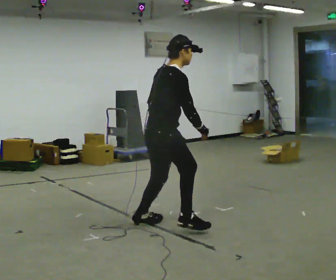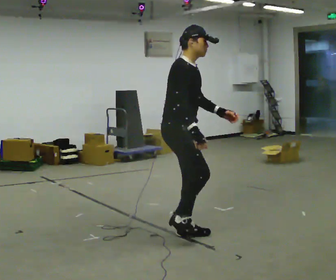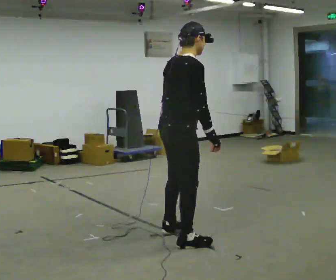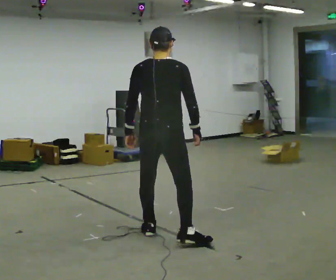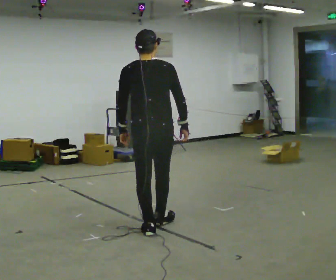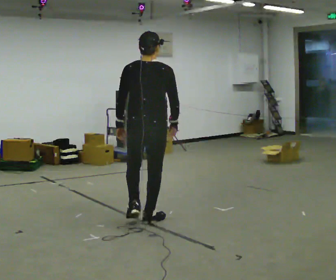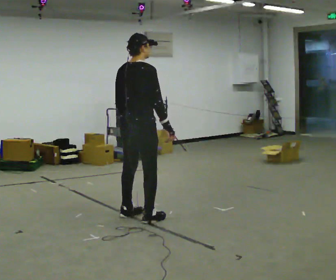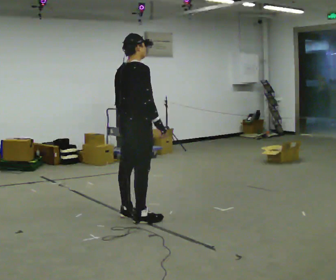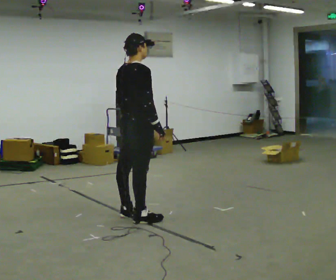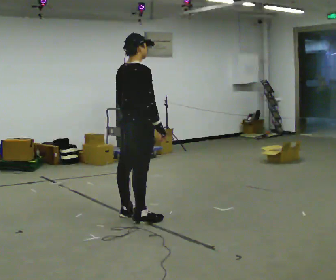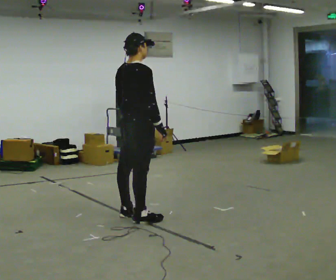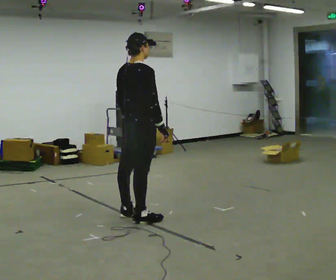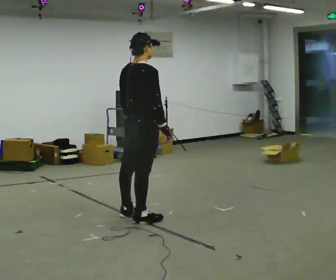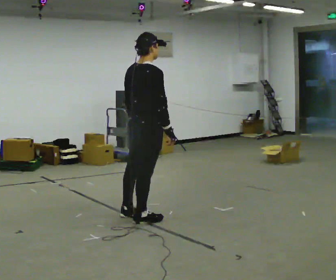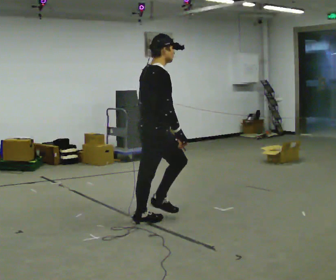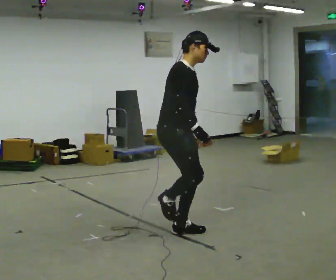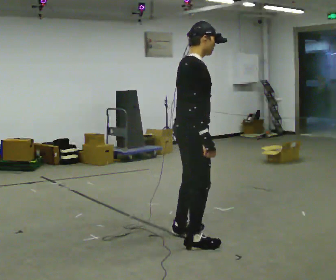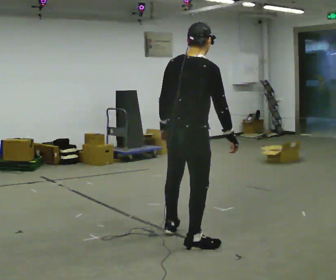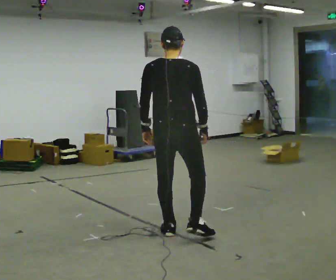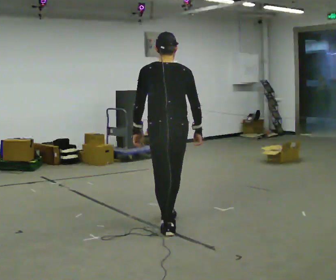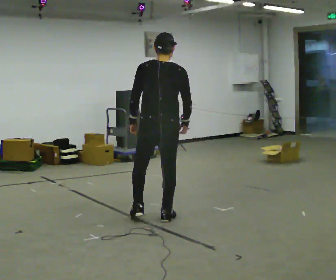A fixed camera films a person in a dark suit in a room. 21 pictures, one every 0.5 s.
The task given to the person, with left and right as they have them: Stand on the marked spots. Lean to the side the operator calls until you cannot hold it, then step to catch yourself. Return to the spots. Repeat at your own pace until the operator says stop. Go slowly and only as far as you are comfortable. Step whenever you need to; do not try to hold on longer than feels safe.
0.0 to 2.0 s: The person turns about 105 degrees to their left, counterclockwise seen from above, so the part of the body nearest the lens slides to the right. In the picture the upper body tilts counterclockwise, shoulders to the left. In the picture their left hand goes to the left.
2.0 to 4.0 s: The part of the body nearest the lens slides to the left as the person turns to their right by about 45 degrees. In the picture they go away from the camera and to the left, about 0.5 m in 2 steps, which for them is to their left and forward.
4.0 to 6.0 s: The person moves a little, or ends about where they began.
6.0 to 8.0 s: The person turns about 30 degrees to their right, clockwise seen from above, so the part of the body nearest the lens slides to the left. In the picture they go toward the camera and to the right, about 1 m in 2 steps.
8.0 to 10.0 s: The person turns about 75 degrees to their left, counterclockwise seen from above, so the part of the body nearest the lens slides to the right. In the picture they go away from the camera and to the left, about 0.5 m in 1 step.
The film runs forward here.
